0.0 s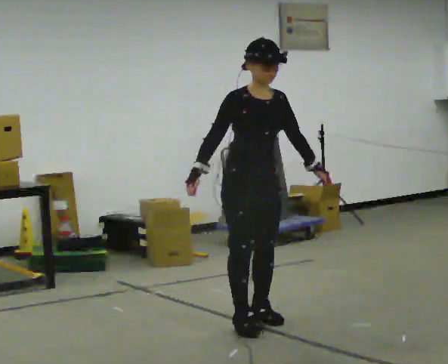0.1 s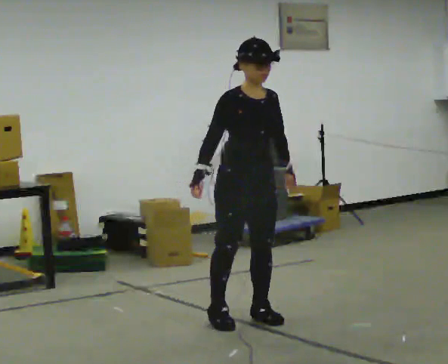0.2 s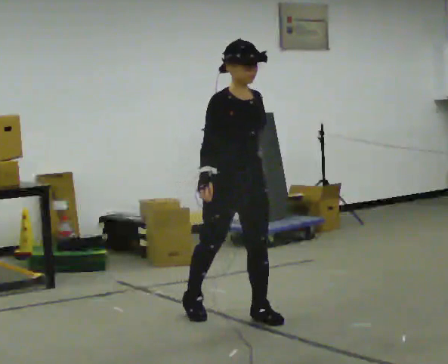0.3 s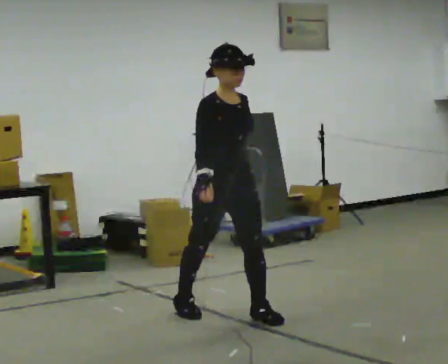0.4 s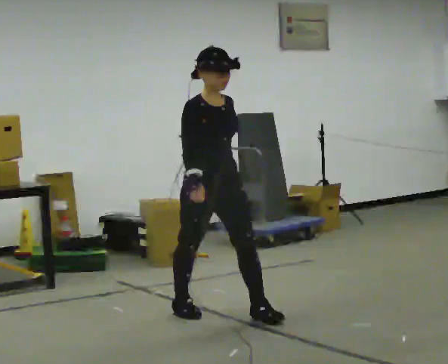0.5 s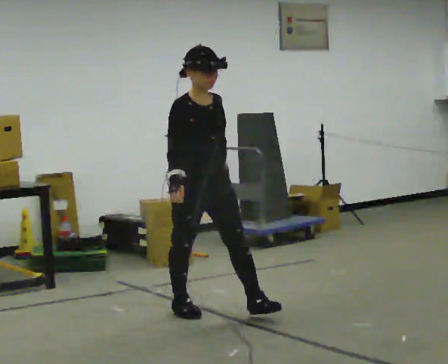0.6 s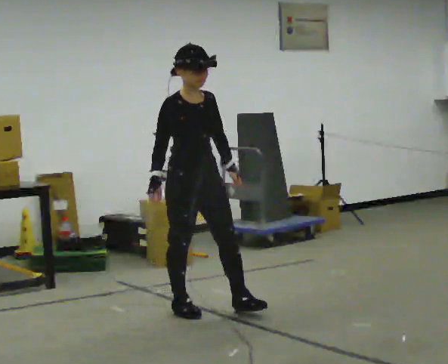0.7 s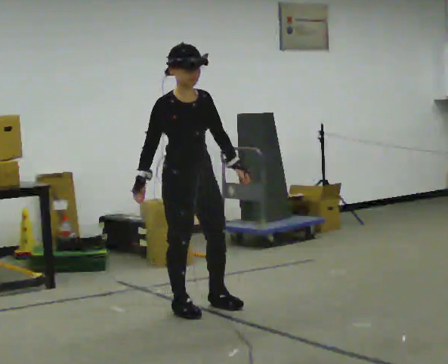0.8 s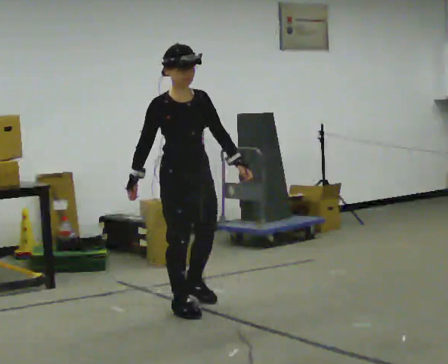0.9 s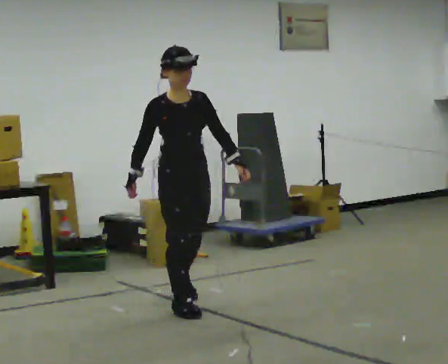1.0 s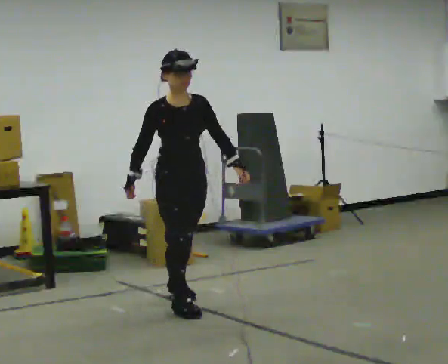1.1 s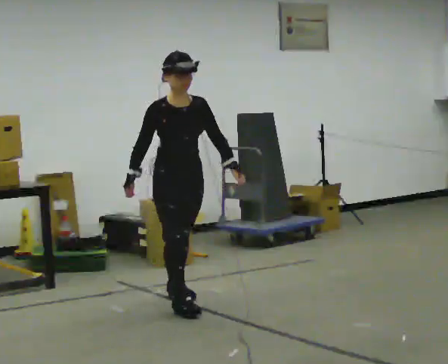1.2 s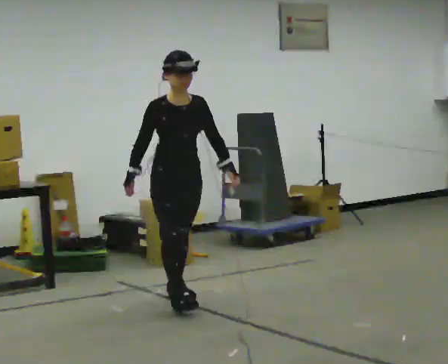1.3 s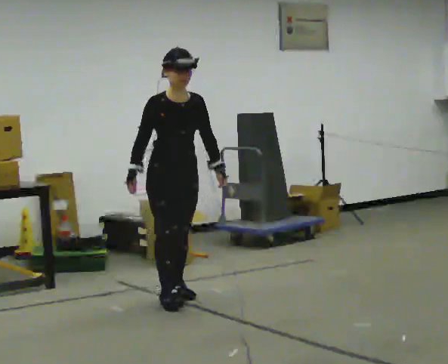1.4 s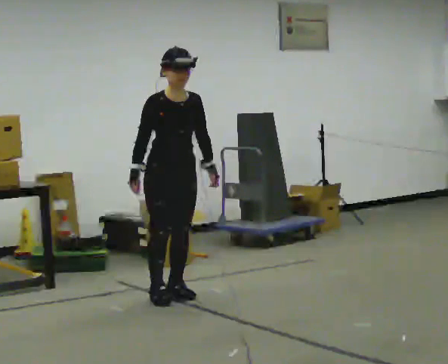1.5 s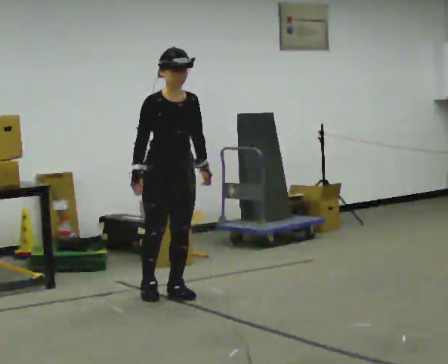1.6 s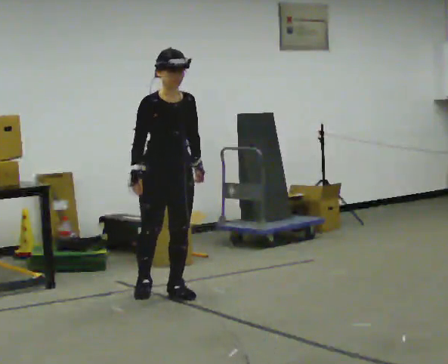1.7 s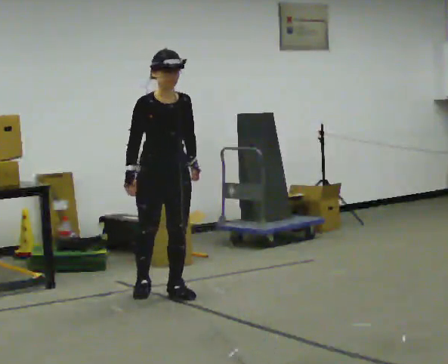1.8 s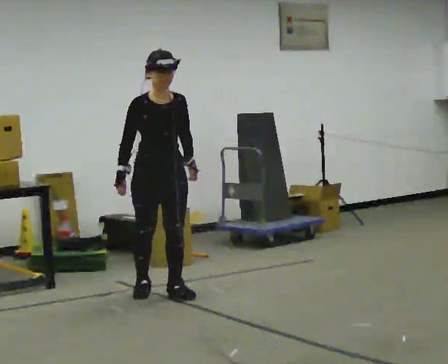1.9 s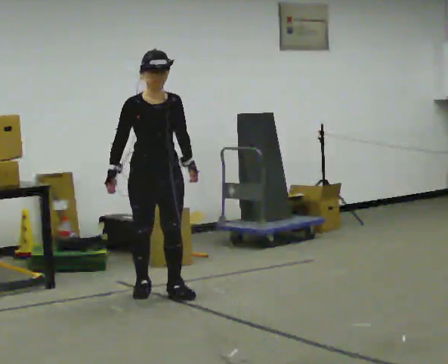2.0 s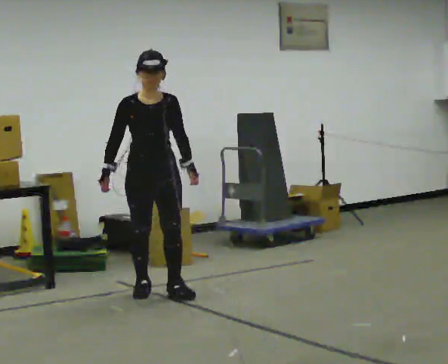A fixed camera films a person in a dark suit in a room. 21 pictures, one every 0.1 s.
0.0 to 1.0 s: In the picture they go away from the camera and to the left, about 0.75 m in 1 step, which for them is backward.
1.0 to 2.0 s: In the picture they go away from the camera and to the left, about 0.5 m in 1 step, which for them is backward.
The film runs backward here.
